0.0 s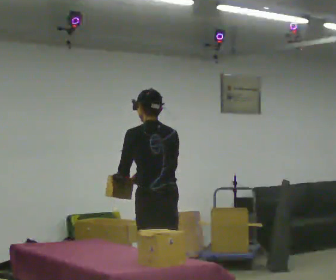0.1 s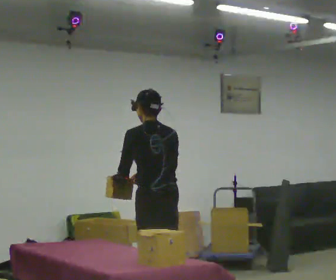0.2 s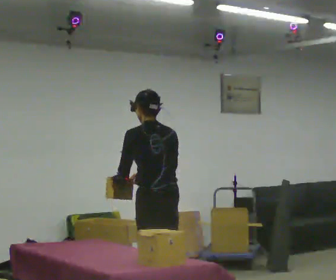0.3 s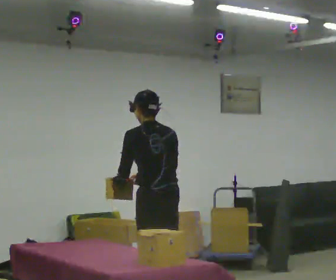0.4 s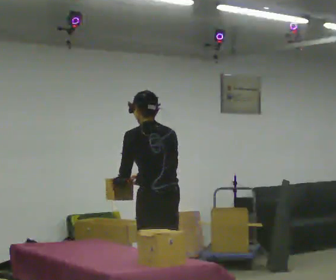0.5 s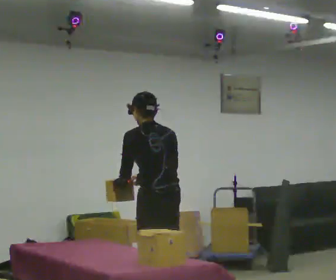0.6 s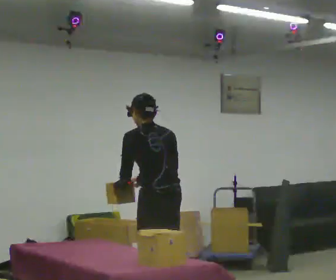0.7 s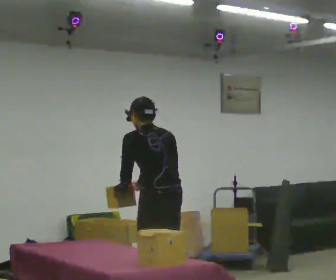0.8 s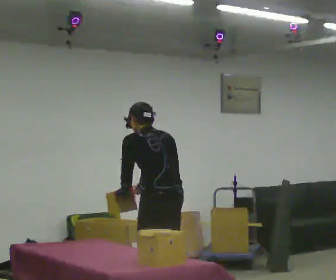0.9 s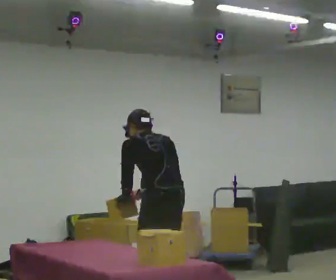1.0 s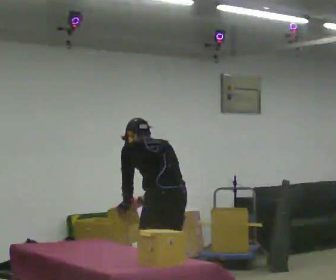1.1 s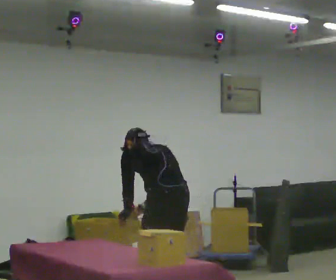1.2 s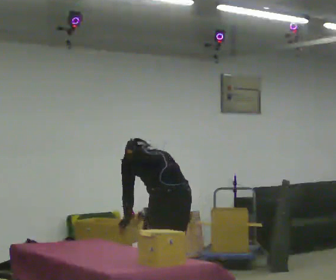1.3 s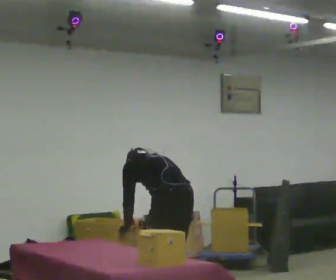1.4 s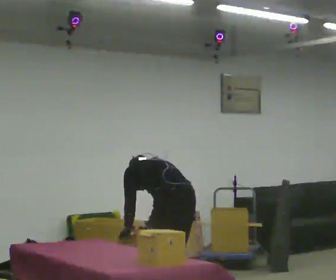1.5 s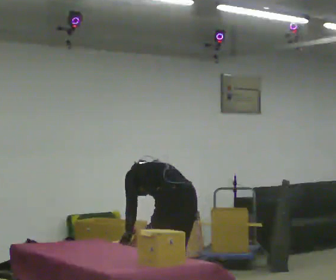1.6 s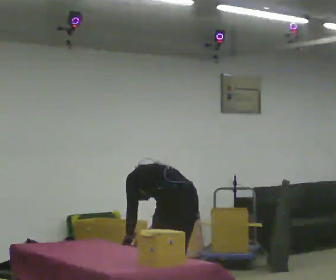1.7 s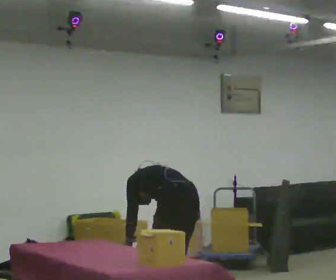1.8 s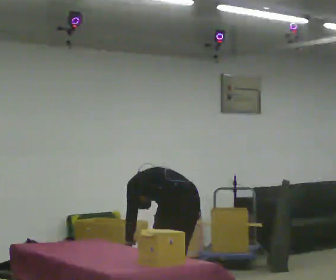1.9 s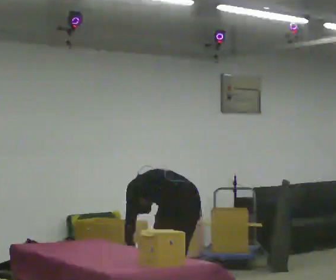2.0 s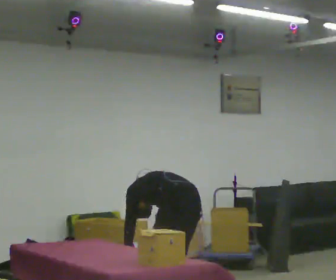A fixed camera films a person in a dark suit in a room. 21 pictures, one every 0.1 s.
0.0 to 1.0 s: The upper body tips away from the camera, its near side rolling upward, as they bend forward.
1.0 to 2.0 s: In the picture they go away from the camera, about 0.25 m, which for them is to their right. The upper body goes downward. The upper body tips away from the camera, its near side rolling upward, as they bend forward. In the picture their right hand goes downward.
The film runs backward here.
